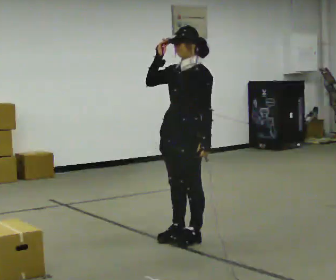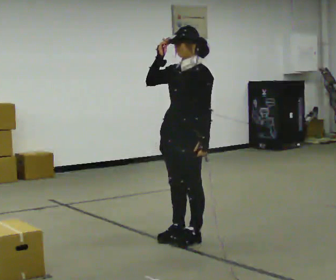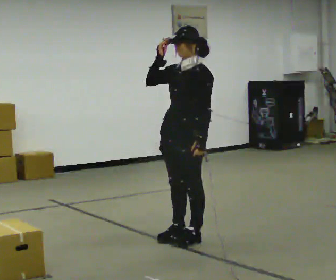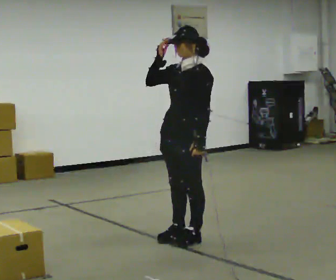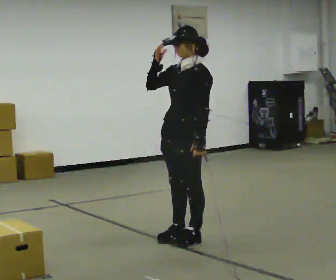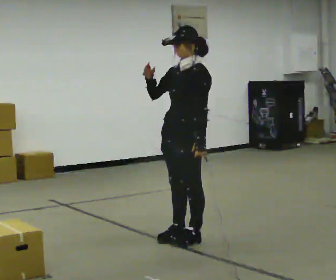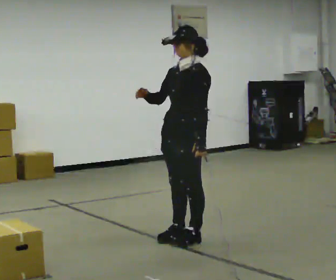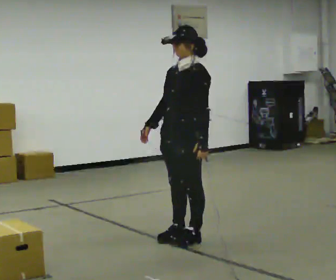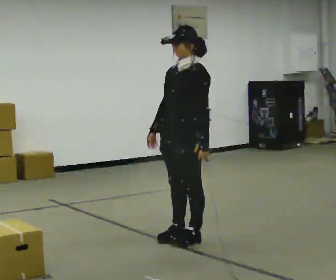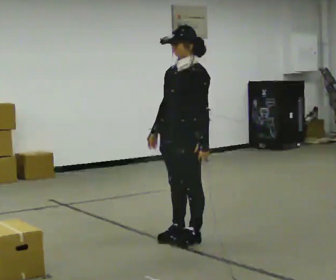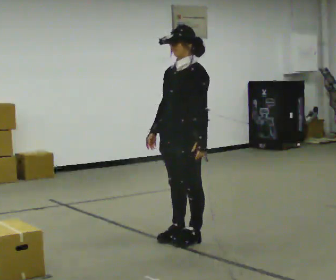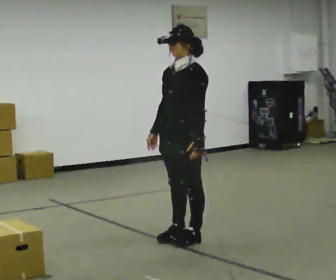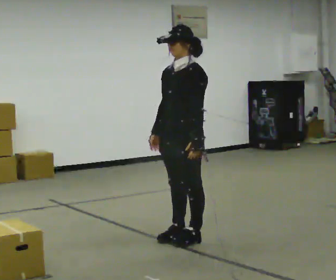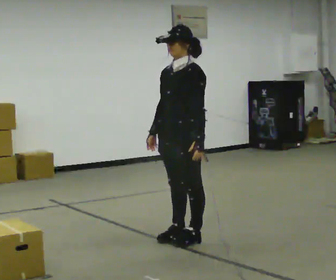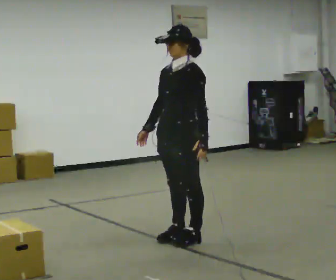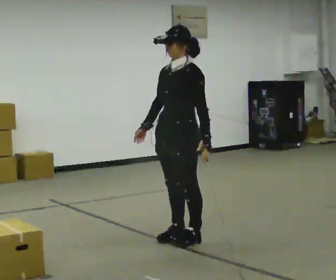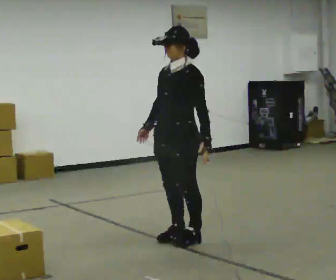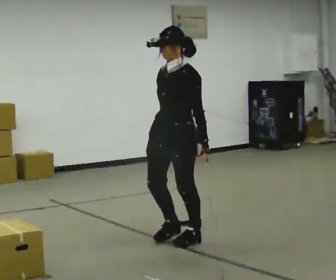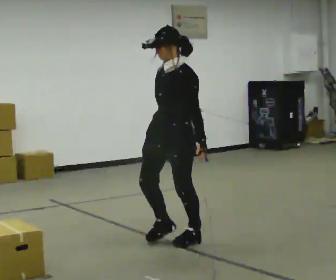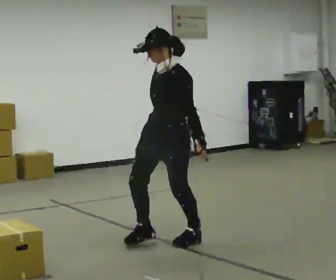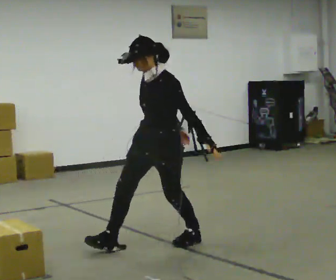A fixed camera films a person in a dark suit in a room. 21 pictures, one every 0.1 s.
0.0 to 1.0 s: In the picture their right hand goes downward.
1.0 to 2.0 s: In the picture they go toward the camera, about 0.25 m in 1 step, which for them is forward.
The film runs backward here.
